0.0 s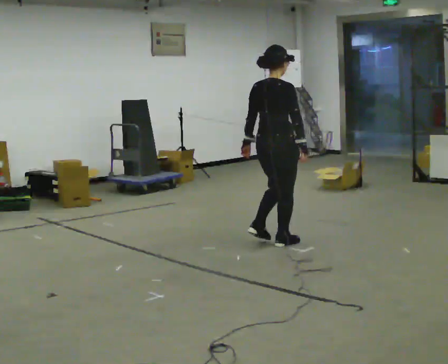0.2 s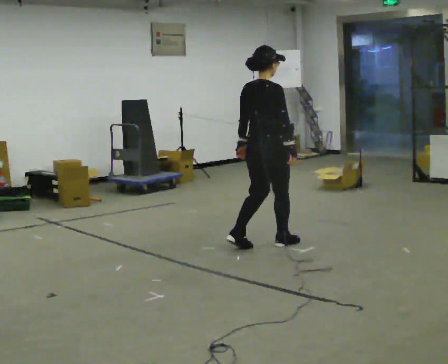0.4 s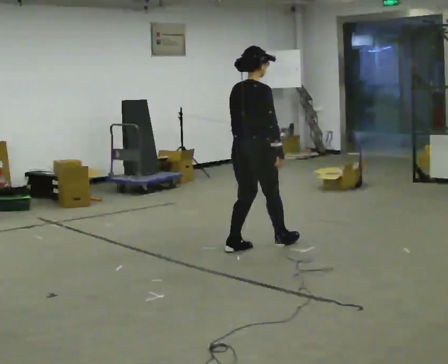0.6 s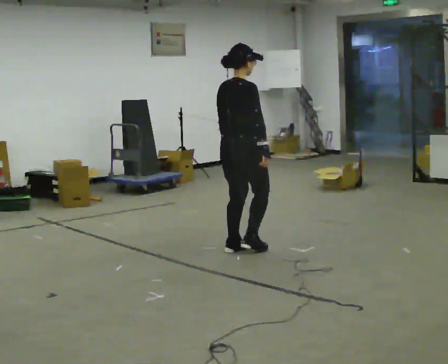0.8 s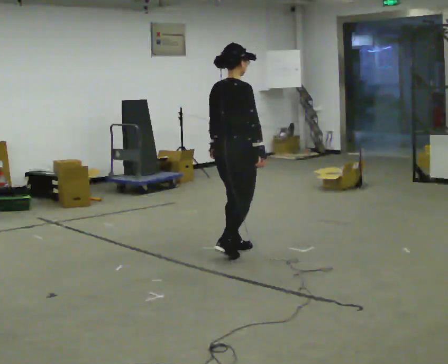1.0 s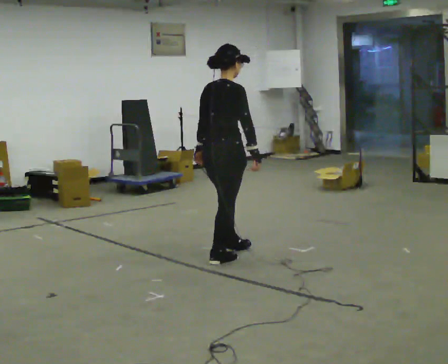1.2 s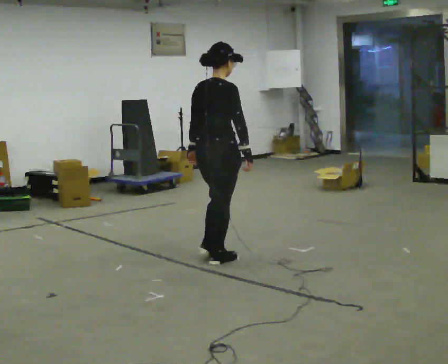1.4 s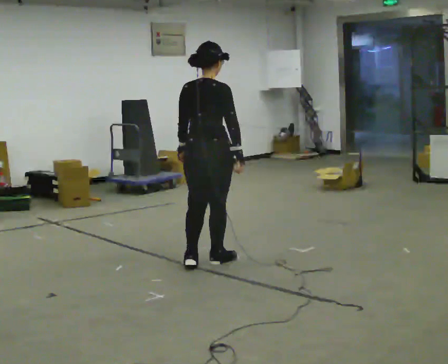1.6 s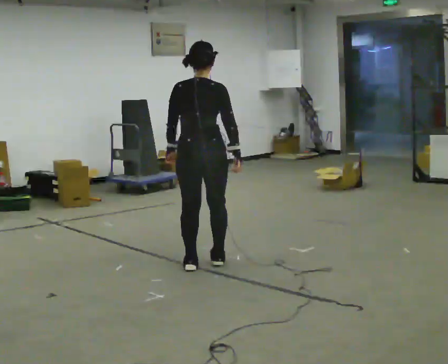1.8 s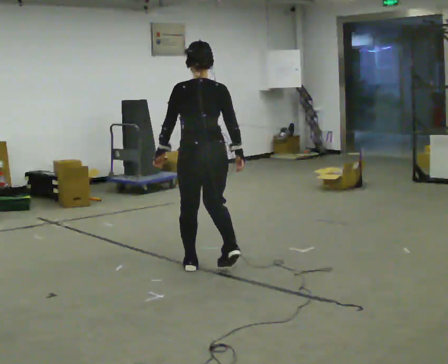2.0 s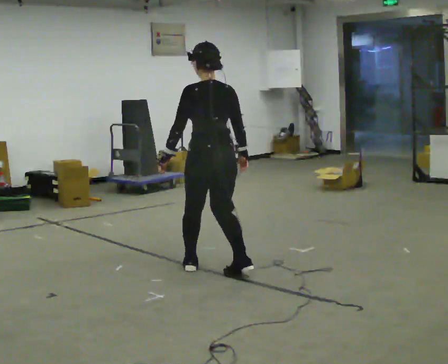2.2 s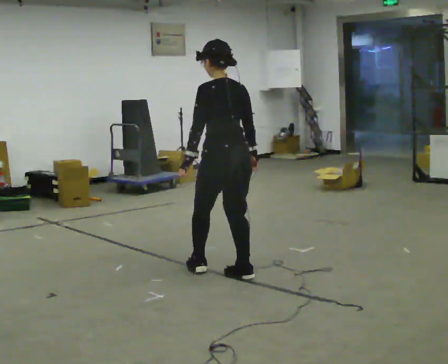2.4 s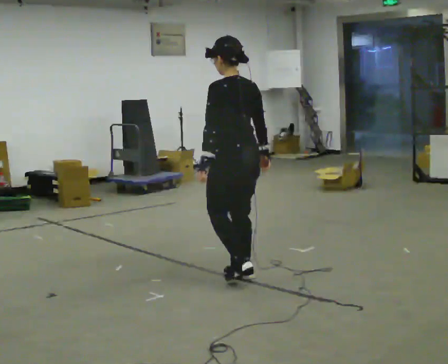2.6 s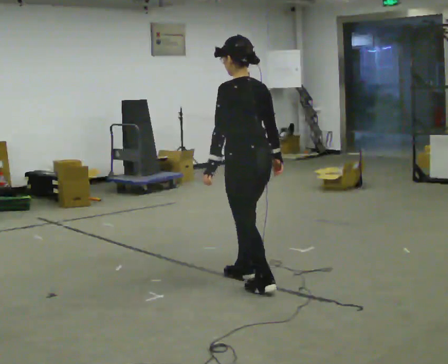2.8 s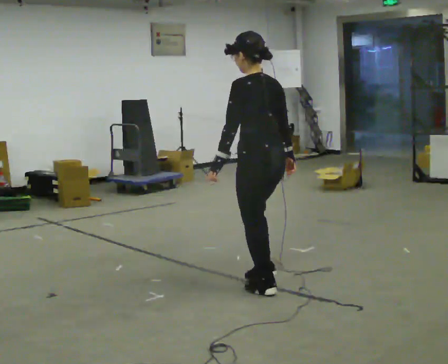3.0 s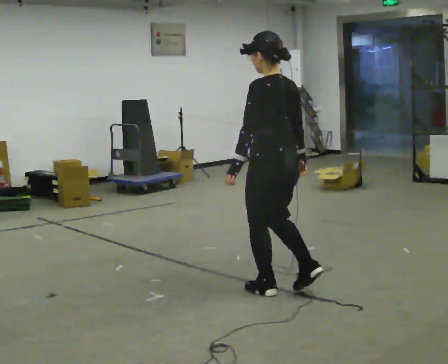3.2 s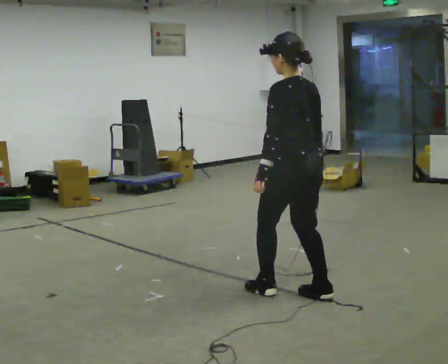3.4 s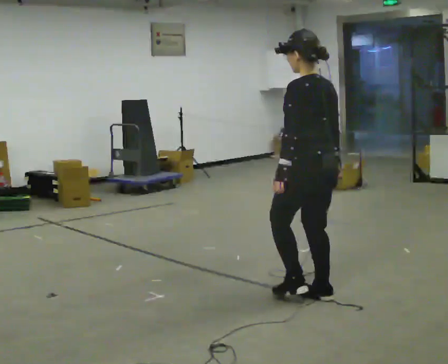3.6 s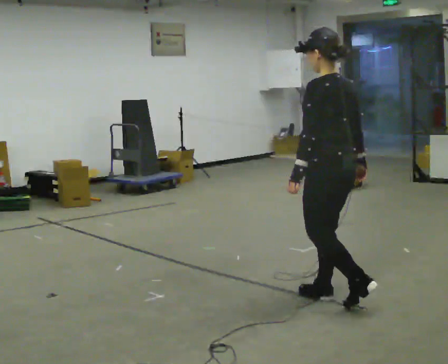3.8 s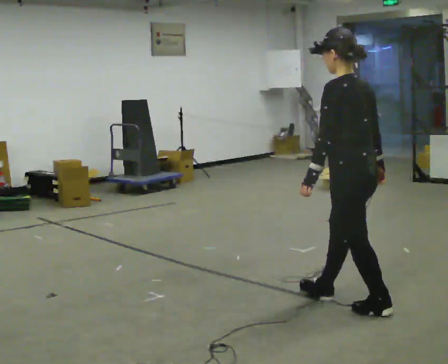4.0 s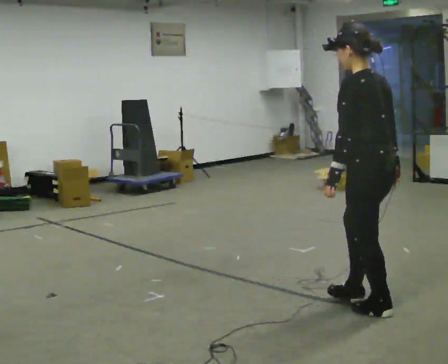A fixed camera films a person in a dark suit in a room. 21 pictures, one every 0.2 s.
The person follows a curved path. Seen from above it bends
counterclockwise.
The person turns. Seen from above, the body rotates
counterclockwise.
0.0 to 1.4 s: In the picture they go to the left and toward the camera, about 0.5 m in 2 steps, which for them is backward.
1.4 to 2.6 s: The part of the body nearest the lens slides to the right as the person turns to their left by about 75 degrees. In the picture they go toward the camera and to the right, about 0.5 m in 3 steps.
2.6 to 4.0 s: In the picture they go toward the camera and to the right, about 1 m in 2 steps, which for them is backward.
The film runs forward here.
